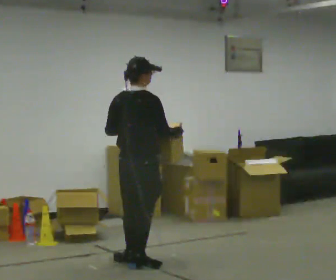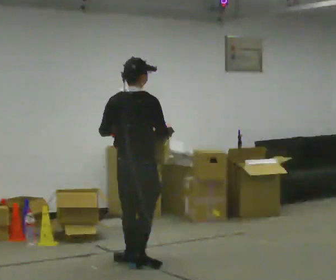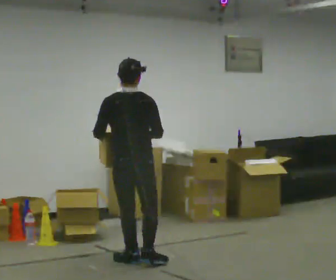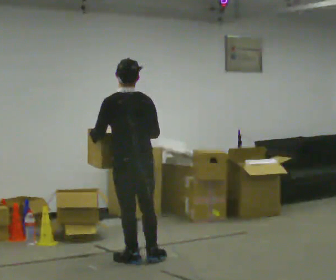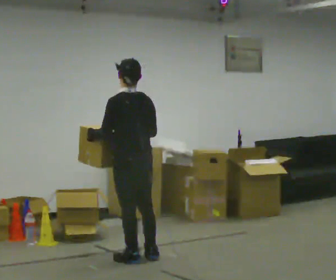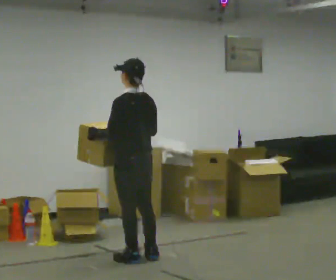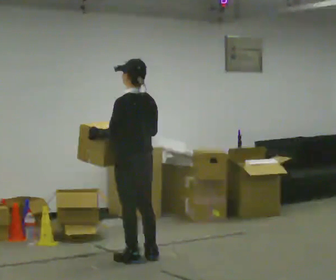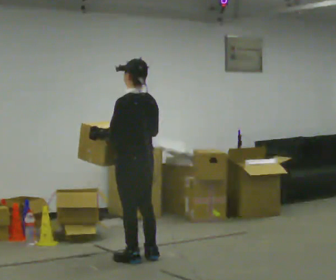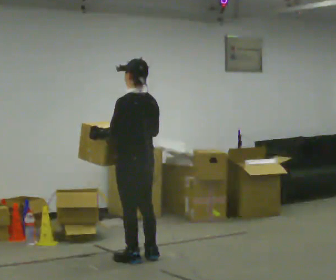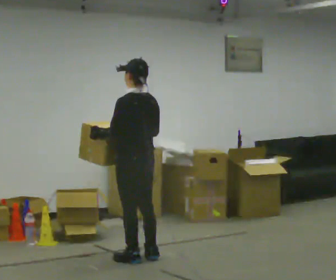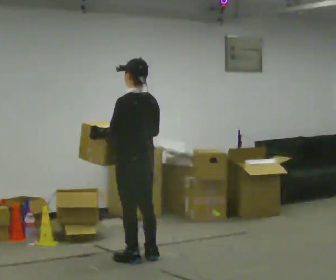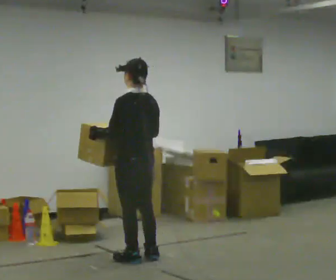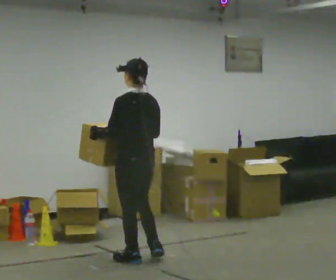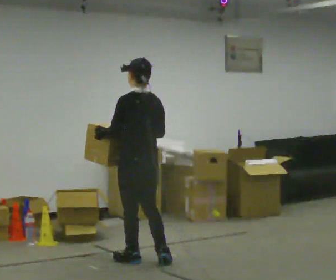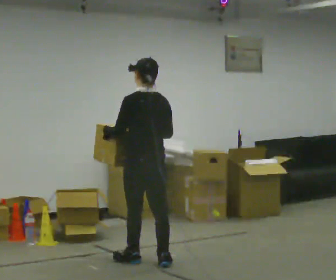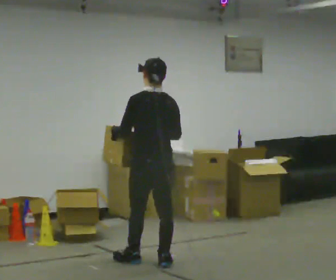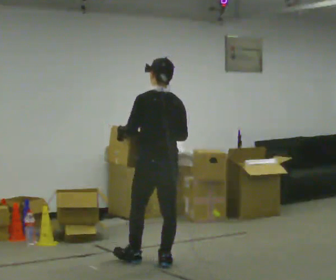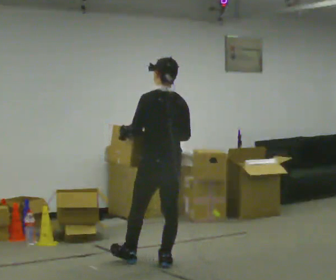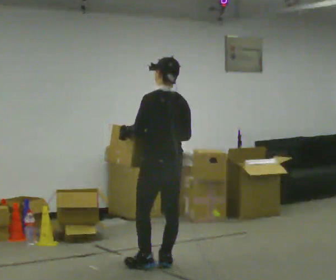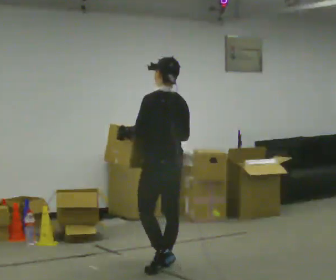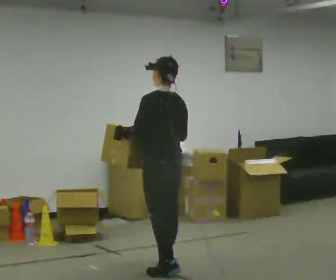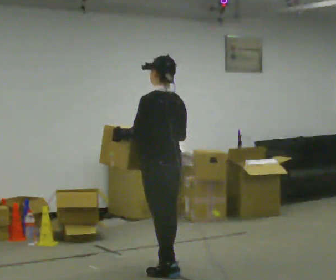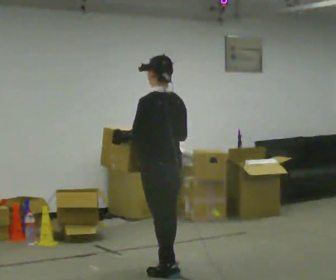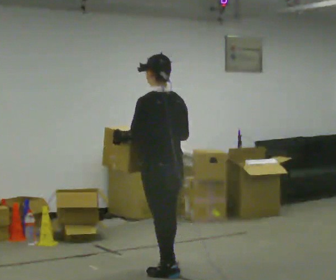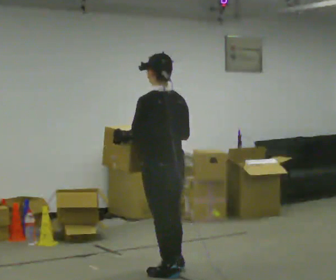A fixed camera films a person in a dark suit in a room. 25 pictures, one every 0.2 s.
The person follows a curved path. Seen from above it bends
clockwise.
0.0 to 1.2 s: The part of the body nearest the lens slides to the right as the person turns to their left by about 75 degrees. In the picture they go away from the camera, about 0.25 m in 1 step. In the picture their right hand goes to the left.
1.2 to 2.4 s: The person moves a little, or ends about where they began.
2.4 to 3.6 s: In the picture they go to the right and toward the camera, about 0.25 m in 1 step, which for them is backward and to their right.
3.6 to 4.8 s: In the picture they go toward the camera, about 0.25 m in 1 step, which for them is backward and to their left.
The film runs backward here.
